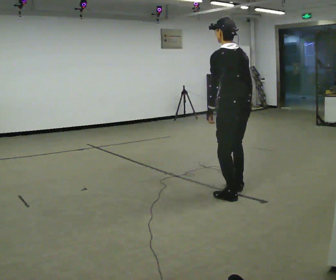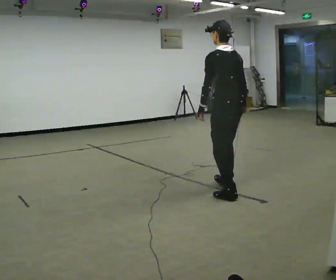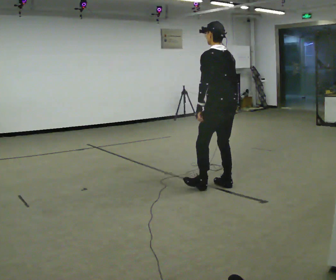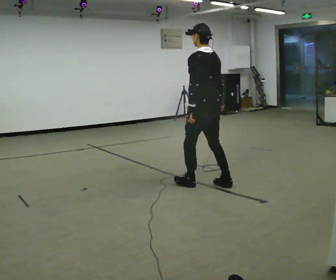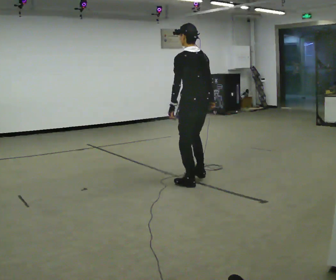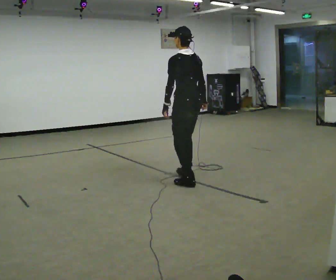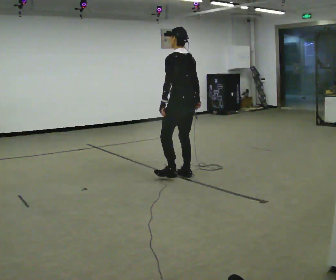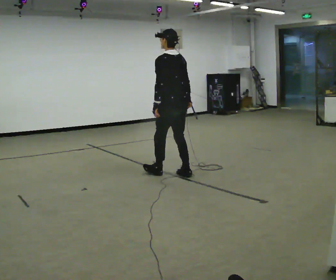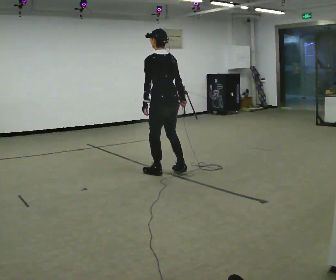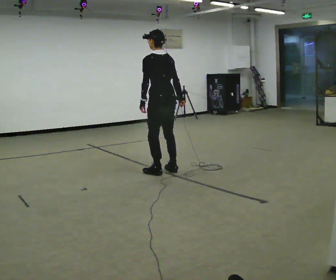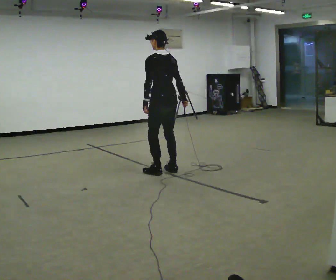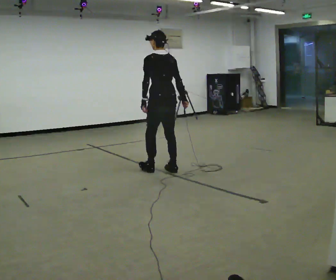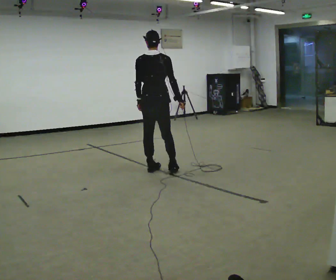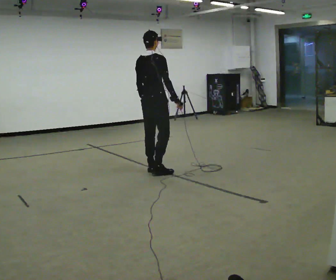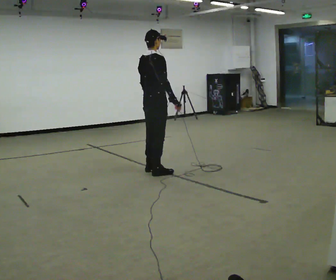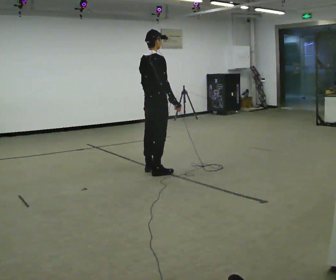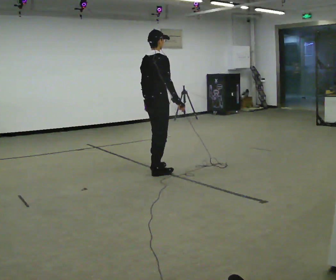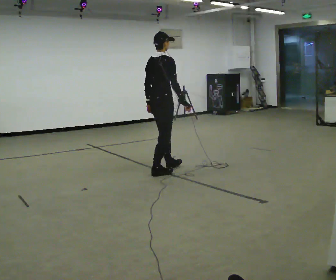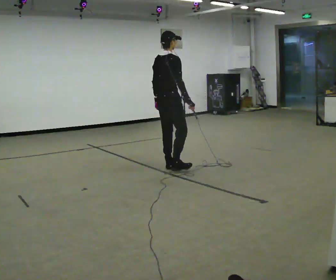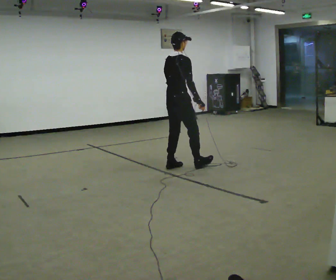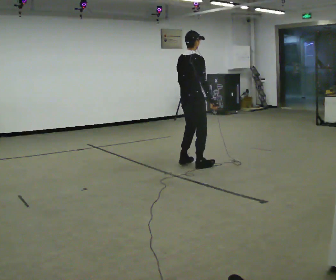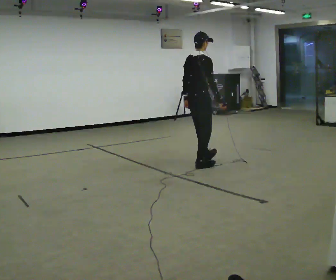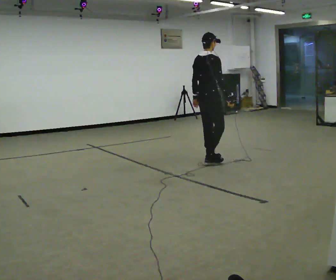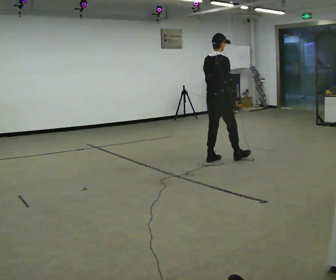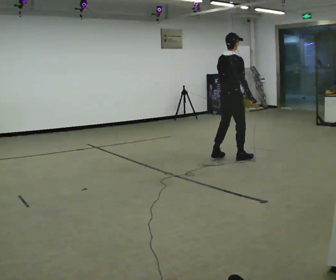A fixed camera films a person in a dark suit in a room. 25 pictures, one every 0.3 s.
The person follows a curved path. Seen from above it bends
clockwise.
The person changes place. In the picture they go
away from the camera.
0.0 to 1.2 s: In the picture they go away from the camera and to the left, about 0.5 m in 2 steps, which for them is forward.
1.2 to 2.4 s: In the picture they go away from the camera and to the left, about 0.5 m in 2 steps, which for them is forward.
2.4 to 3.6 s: Seen from above the body turns clockwise, about 45 degrees: to their right, with its near side sliding to the left.
3.6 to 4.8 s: Seen from above the body turns clockwise, about 45 degrees: to their right, with its near side sliding to the left.
4.8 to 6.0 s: In the picture they go to the right and away from the camera, about 0.5 m in 2 steps, which for them is forward.
6.0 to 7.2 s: In the picture they go to the right and away from the camera, about 0.75 m in 2 steps, which for them is forward.
The film runs backward here.
